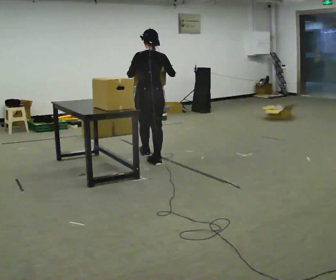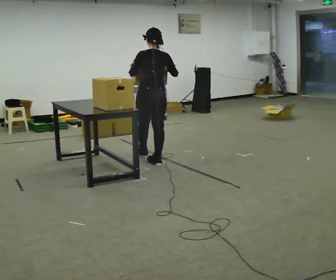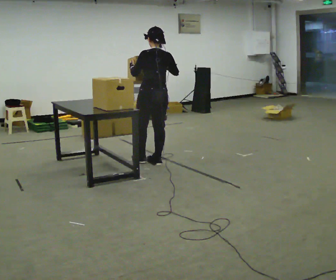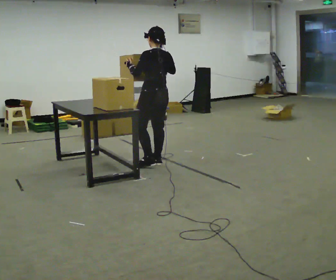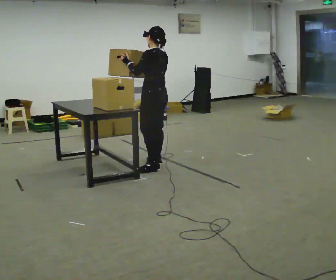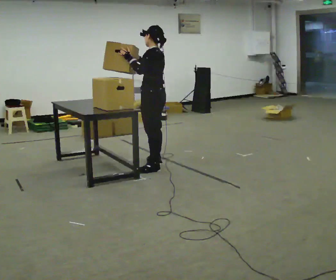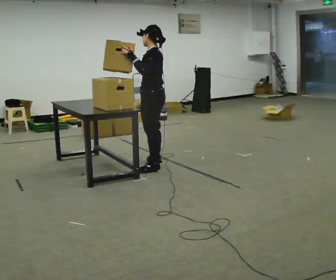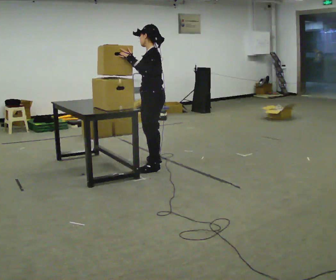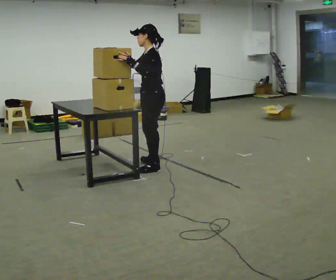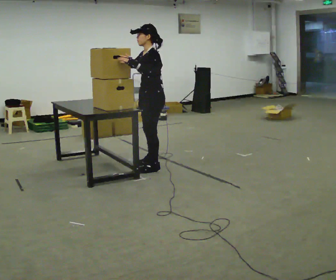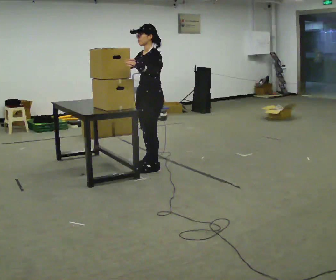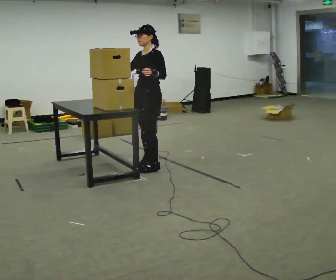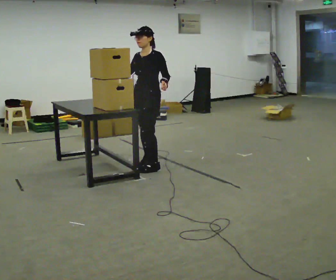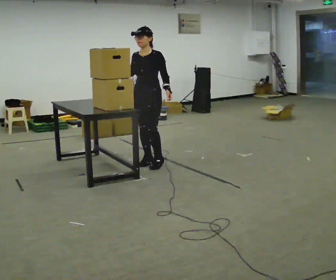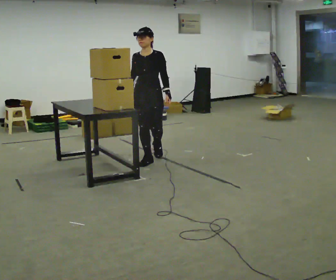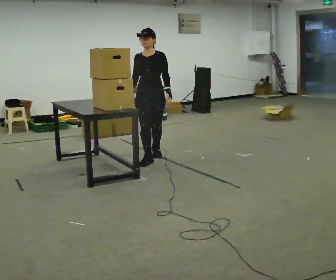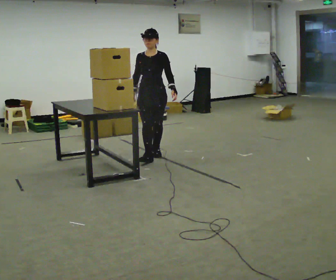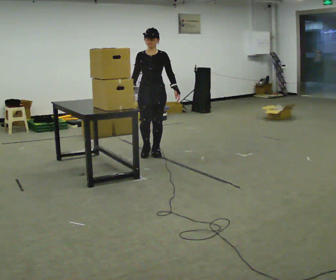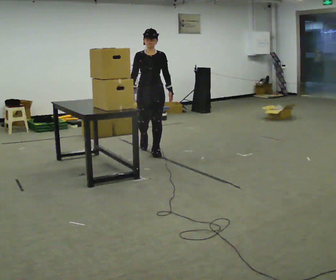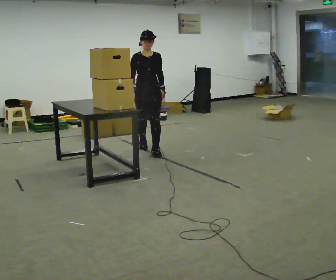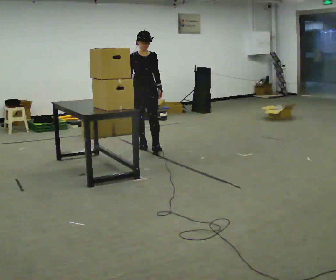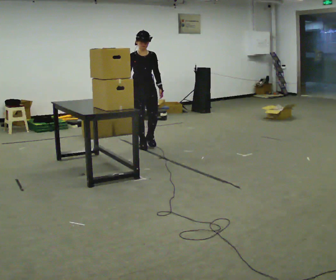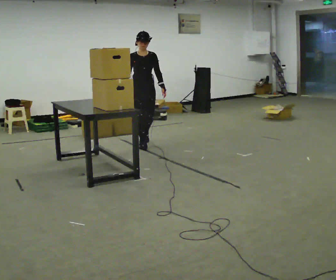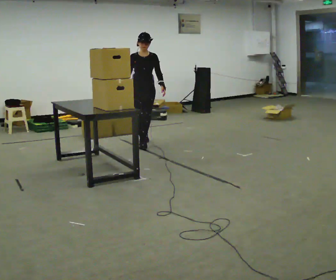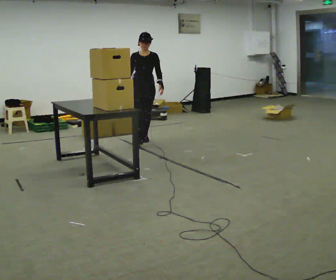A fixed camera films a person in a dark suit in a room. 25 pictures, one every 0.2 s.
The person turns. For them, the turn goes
to their left.
The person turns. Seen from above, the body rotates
counterclockwise.
0.0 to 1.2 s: Seen from above the body turns counterclockwise, about 75 degrees: to their left, with its near side sliding to the right. In the picture they go toward the camera, about 0.25 m in 1 step.
1.2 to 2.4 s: Seen from above the body turns counterclockwise, about 60 degrees: to their left, with its near side sliding to the right. In the picture their left hand goes to the right.
2.4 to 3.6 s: The person turns about 45 degrees to their left, counterclockwise seen from above, so the part of the body nearest the lens slides to the right. In the picture they go away from the camera, about 0.5 m in 2 steps, which for them is backward. In the picture their right hand goes downward, the arm swinging counterclockwise.
3.6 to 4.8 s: In the picture they go away from the camera, about 0.75 m in 2 steps, which for them is backward.
The film runs backward here.
